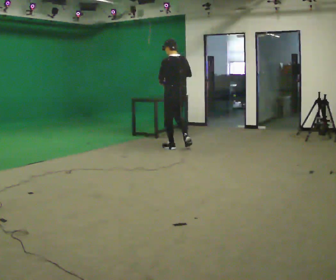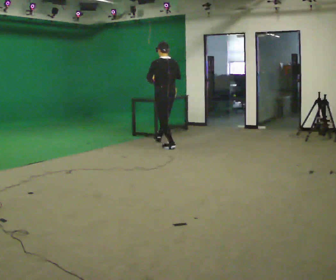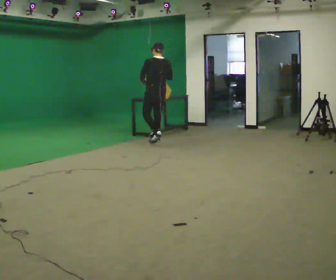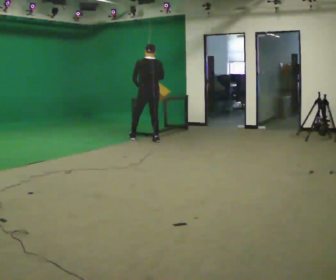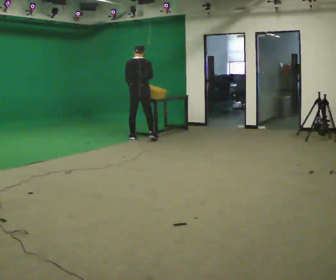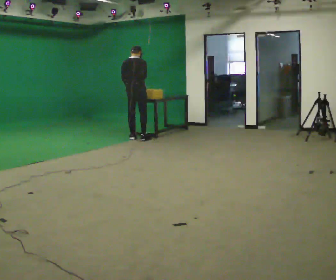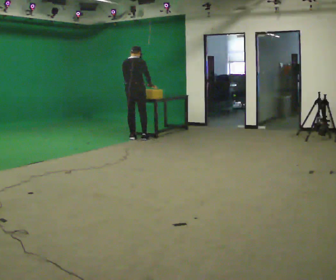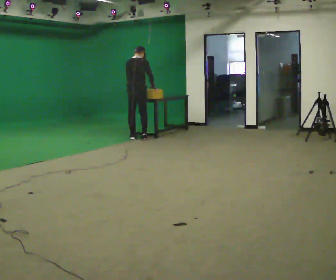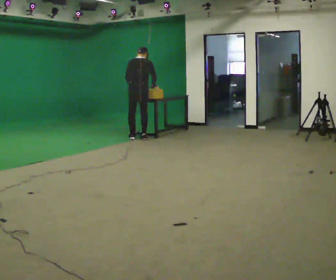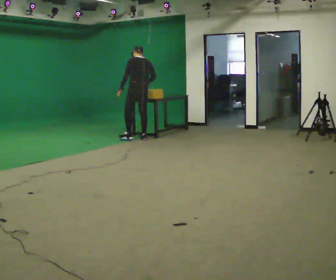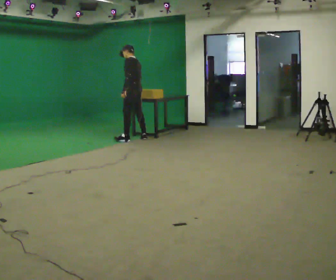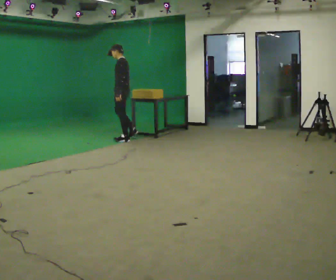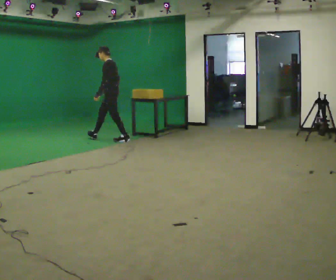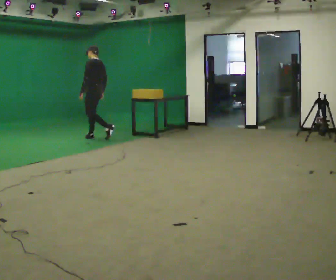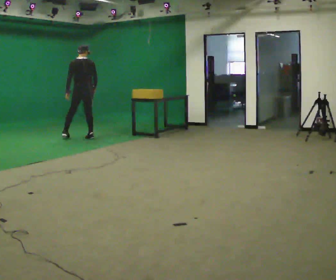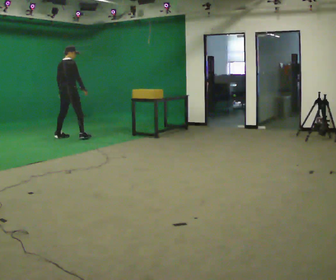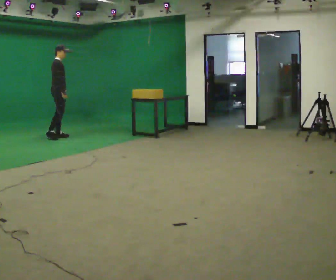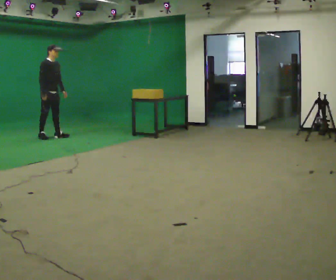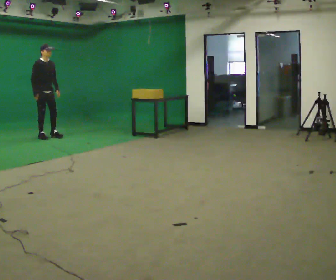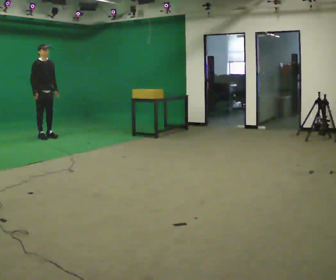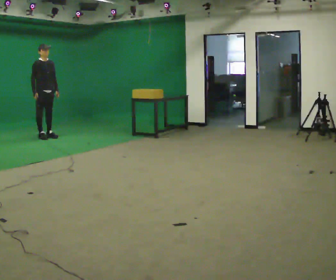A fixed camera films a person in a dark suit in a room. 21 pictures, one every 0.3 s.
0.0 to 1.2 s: The part of the body nearest the lens slides to the left as the person turns to their right by about 45 degrees. In the picture they go away from the camera and to the left, about 1 m in 2 steps, which for them is forward.
1.2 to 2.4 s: The person moves a little, or ends about where they began.
2.4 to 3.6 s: Seen from above the body turns counterclockwise, about 90 degrees: to their left, with its near side sliding to the right. In the picture they go to the left, about 0.5 m in 1 step.
3.6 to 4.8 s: Seen from above the body turns clockwise, about 180 degrees: to their right, with its near side sliding to the left. In the picture they go to the left, about 1 m in 2 steps.
4.8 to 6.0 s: The person turns about 45 degrees to their right, clockwise seen from above, so the part of the body nearest the lens slides to the left. In the picture they go to the left, about 0.25 m in 2 steps, which for them is to their right and backward.
The film runs forward here.
